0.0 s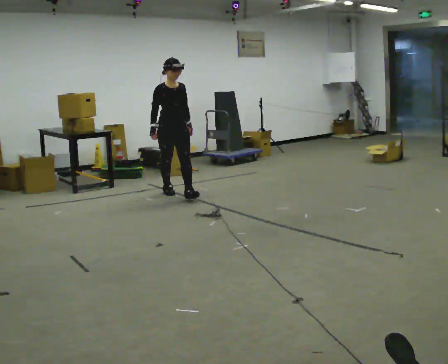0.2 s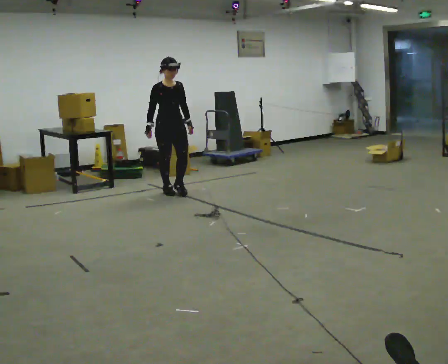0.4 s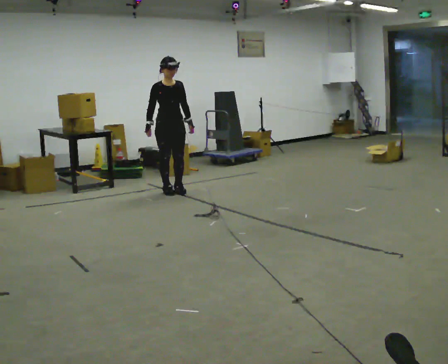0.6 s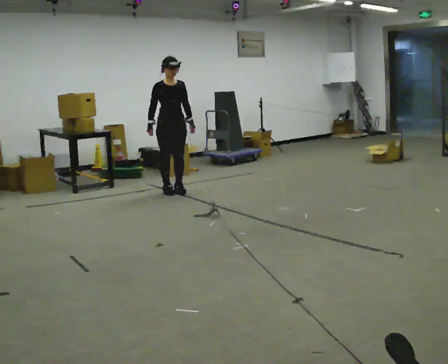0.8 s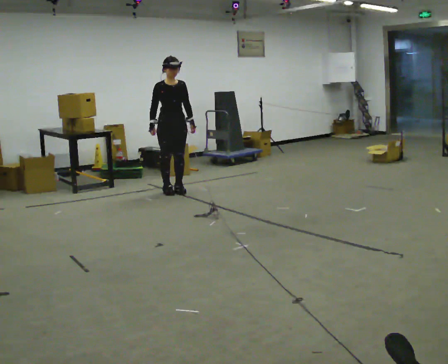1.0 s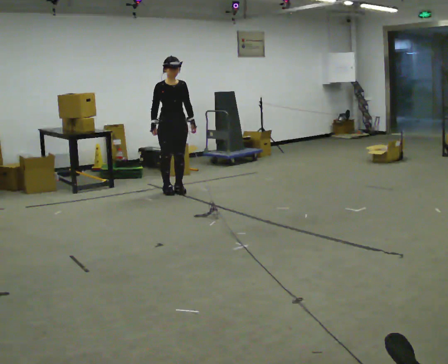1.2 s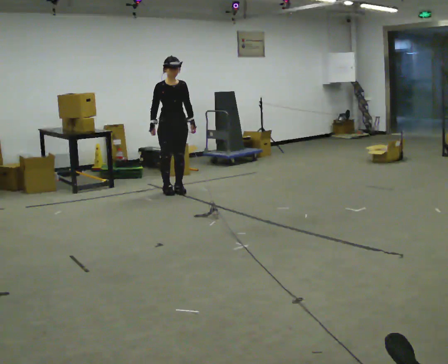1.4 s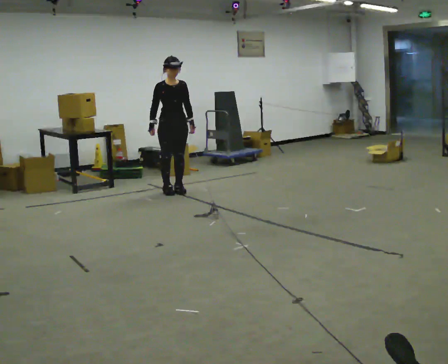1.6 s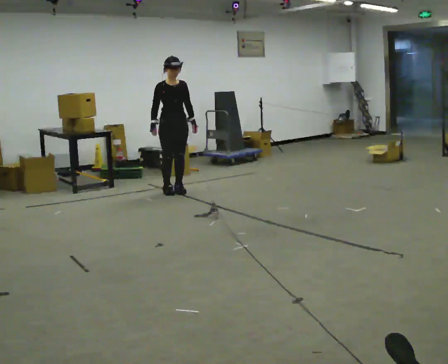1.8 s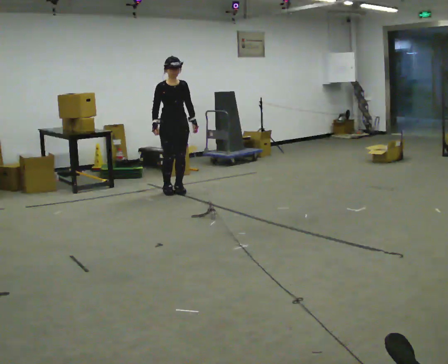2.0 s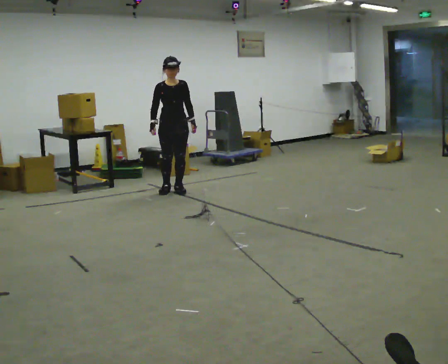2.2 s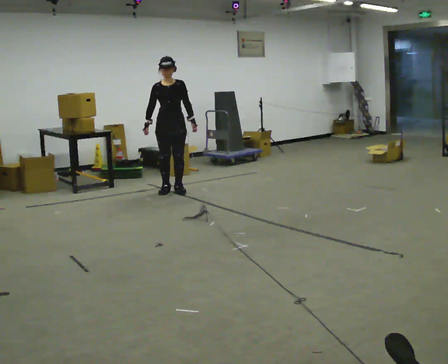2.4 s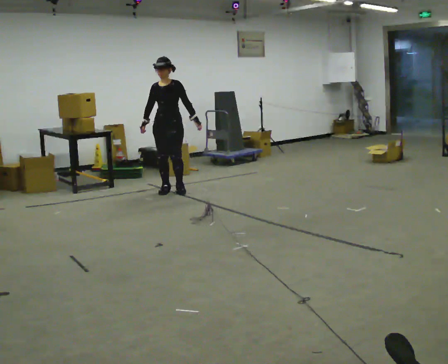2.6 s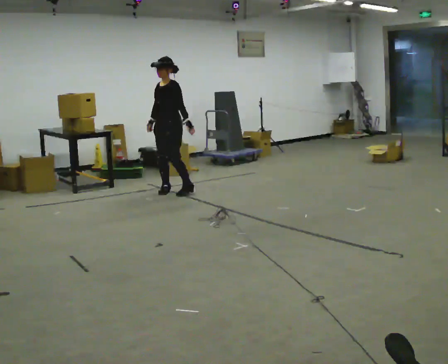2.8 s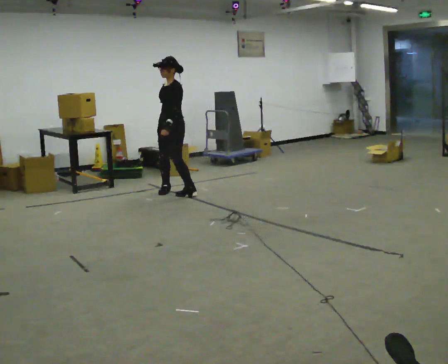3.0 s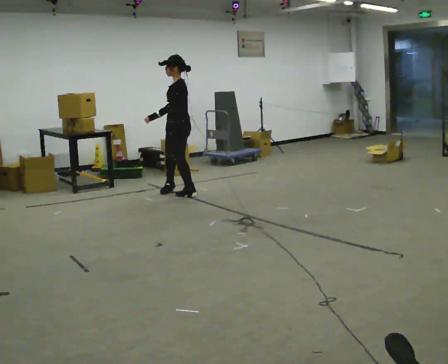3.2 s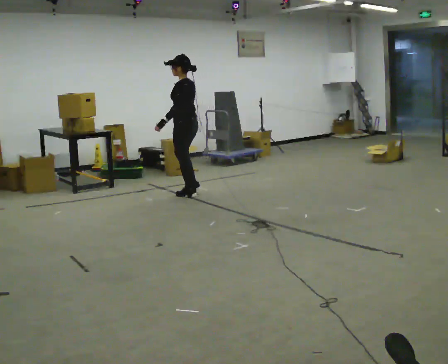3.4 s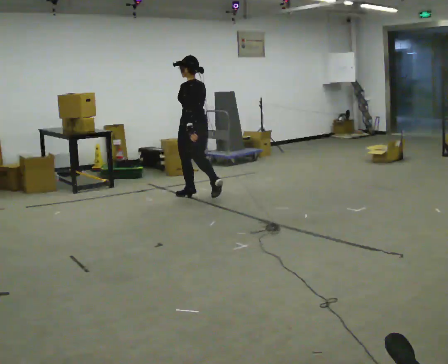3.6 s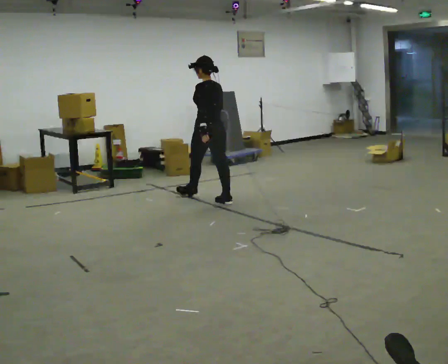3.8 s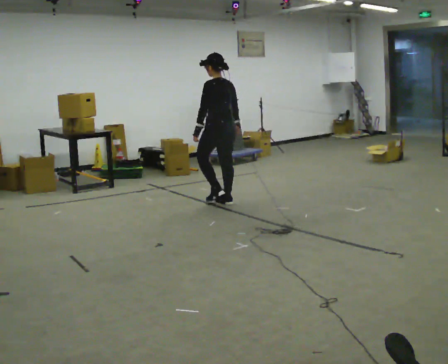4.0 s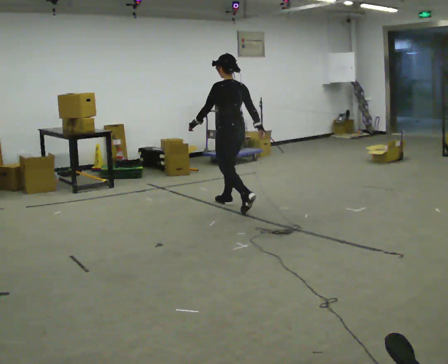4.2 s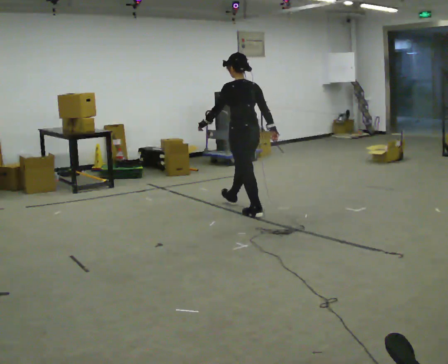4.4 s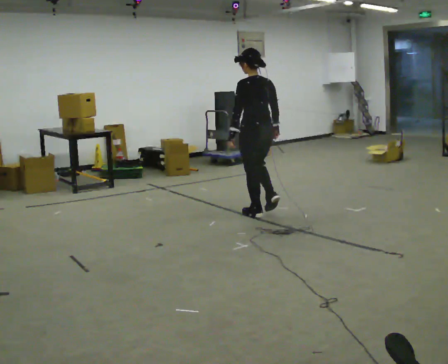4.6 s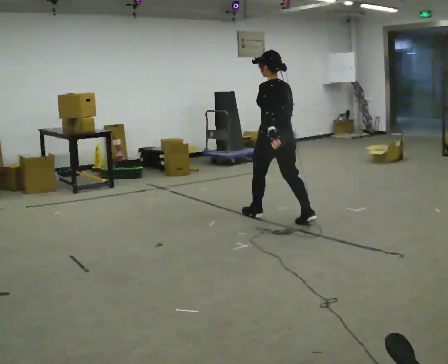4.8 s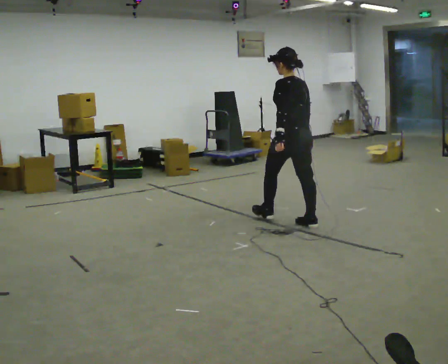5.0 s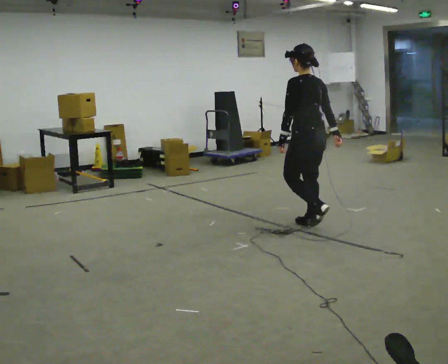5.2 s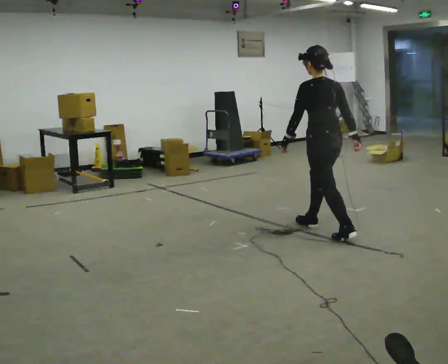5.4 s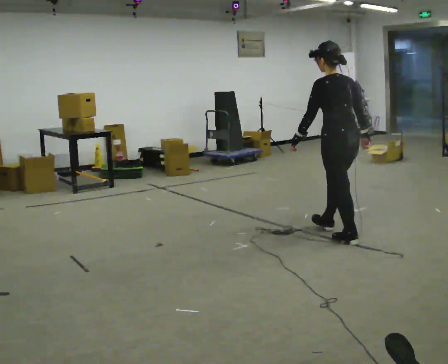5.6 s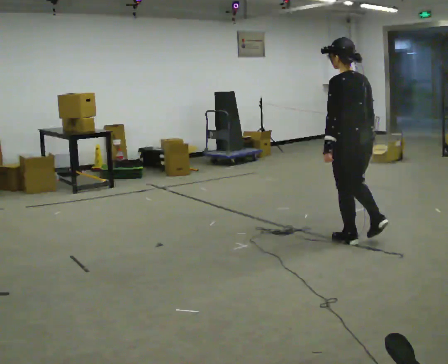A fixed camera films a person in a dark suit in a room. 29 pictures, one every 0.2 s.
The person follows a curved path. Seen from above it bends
clockwise.
The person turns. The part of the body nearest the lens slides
to the left.
0.0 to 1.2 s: In the picture they go away from the camera, about 0.25 m, which for them is backward.
1.2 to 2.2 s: The person moves a little, or ends about where they began.
2.2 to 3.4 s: The person turns about 135 degrees to their right, clockwise seen from above, so the part of the body nearest the lens slides to the left. In the picture they go toward the camera and to the right, about 0.5 m in 2 steps.
3.4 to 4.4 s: In the picture they go toward the camera and to the right, about 1 m in 2 steps, which for them is backward.
4.4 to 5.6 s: In the picture they go toward the camera and to the right, about 1 m in 2 steps, which for them is backward.
The film runs backward here.
